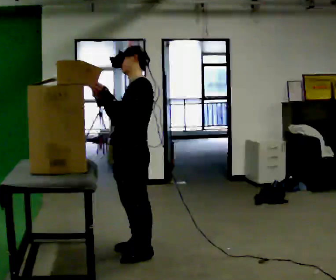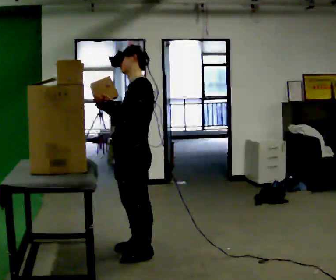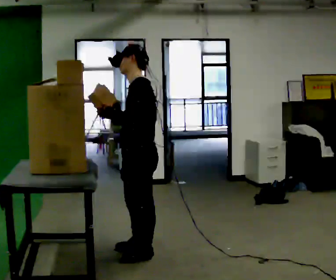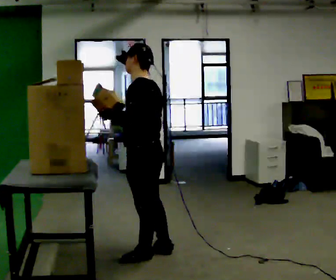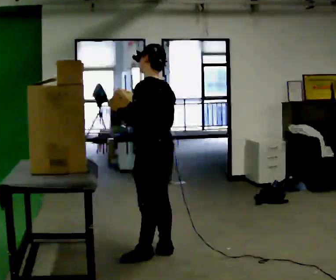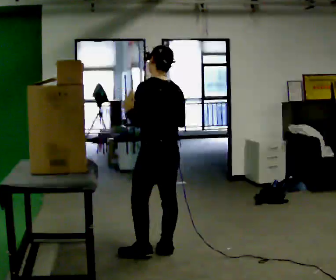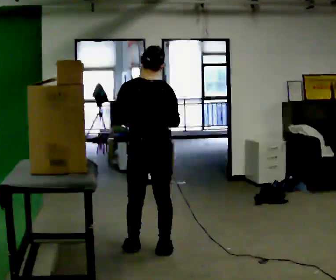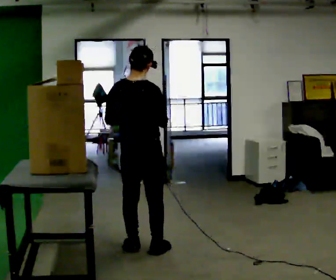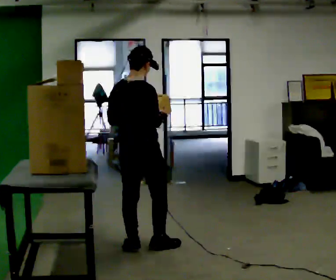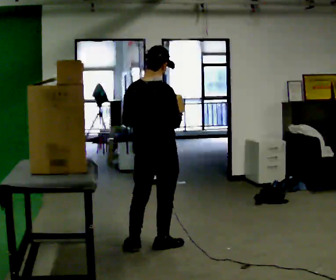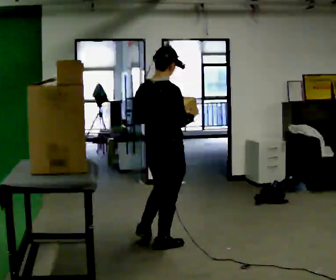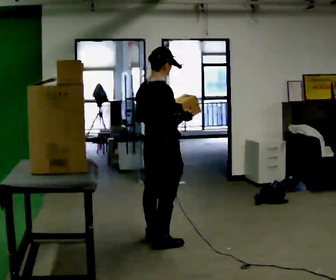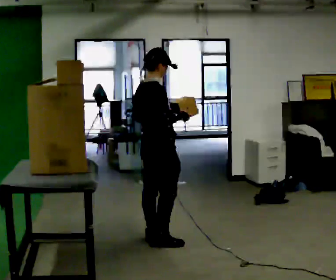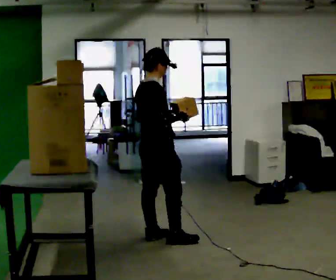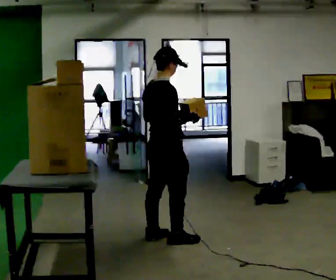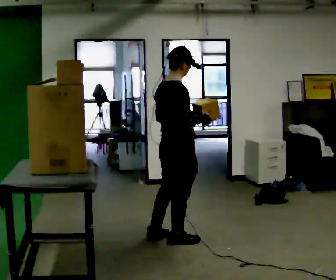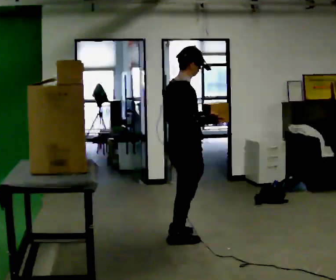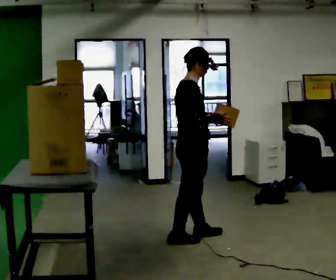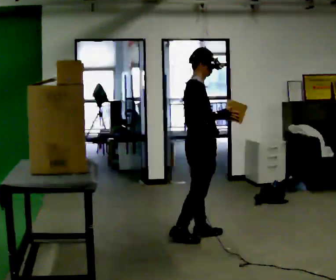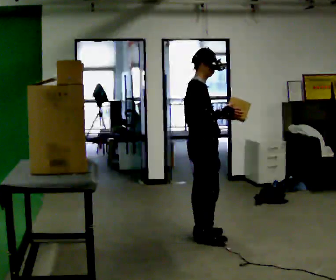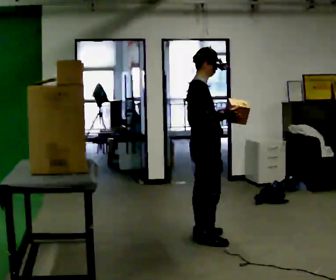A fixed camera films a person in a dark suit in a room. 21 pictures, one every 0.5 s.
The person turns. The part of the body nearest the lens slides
to the left.
The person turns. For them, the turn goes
to their right.
0.0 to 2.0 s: The person turns about 45 degrees to their right, clockwise seen from above, so the part of the body nearest the lens slides to the left. In the picture they go to the right, about 0.25 m in 1 step, which for them is backward. In the picture their right hand goes to the right.
2.0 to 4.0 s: The person turns about 90 degrees to their right, clockwise seen from above, so the part of the body nearest the lens slides to the left. In the picture they go away from the camera and to the left, about 0.25 m in 1 step.
4.0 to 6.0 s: Seen from above the body turns clockwise, about 30 degrees: to their right, with its near side sliding to the left. In the picture they go away from the camera, about 0.25 m in 2 steps, which for them is forward.
6.0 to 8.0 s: In the picture they go to the right, about 0.25 m in 1 step, which for them is to their right.
8.0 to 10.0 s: Seen from above the body turns clockwise, about 30 degrees: to their right, with its near side sliding to the left. In the picture they go to the right, about 0.25 m in 2 steps, which for them is forward.
The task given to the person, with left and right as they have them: Pick an object up off the floor, carry it across the room, and place it on the highest shelf you can comfortably reach. Keep going until the operator says stop; one object at a time, and do not rush between trips.
The film runs forward here.
